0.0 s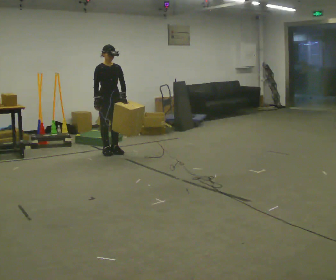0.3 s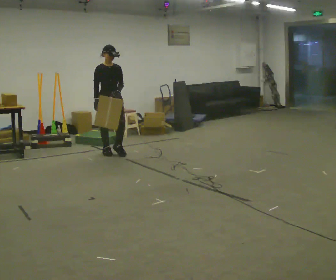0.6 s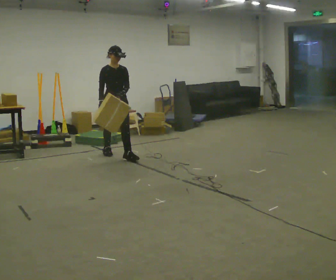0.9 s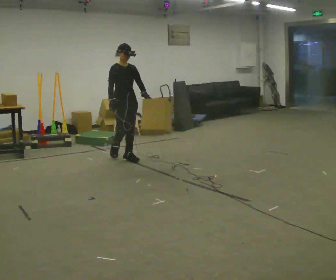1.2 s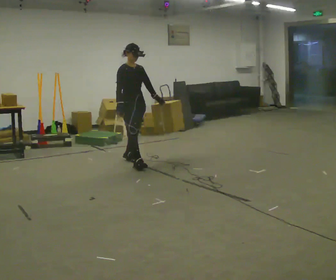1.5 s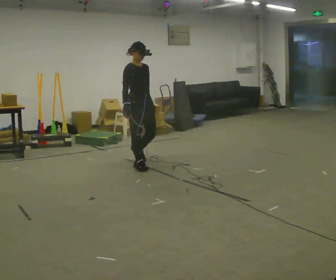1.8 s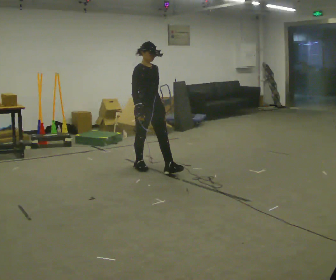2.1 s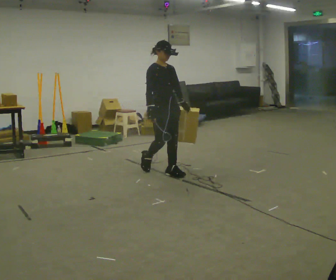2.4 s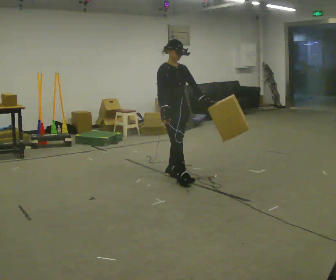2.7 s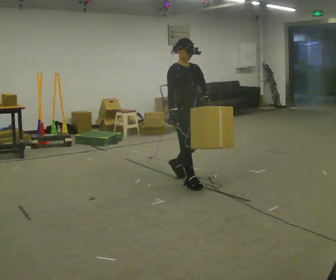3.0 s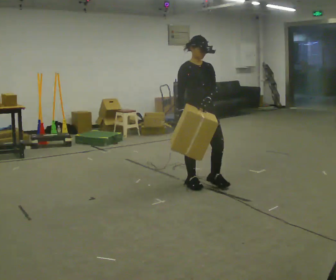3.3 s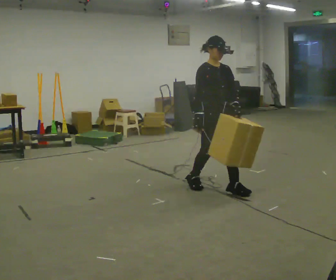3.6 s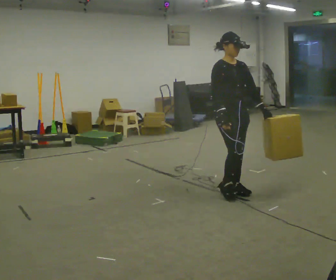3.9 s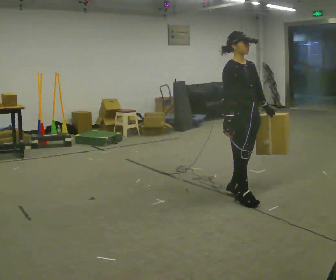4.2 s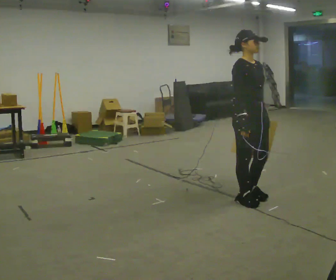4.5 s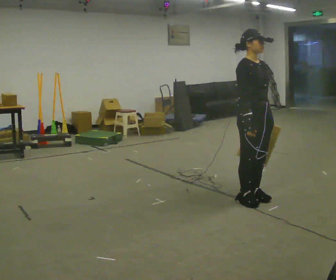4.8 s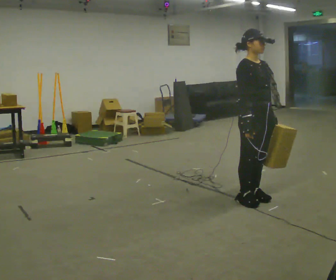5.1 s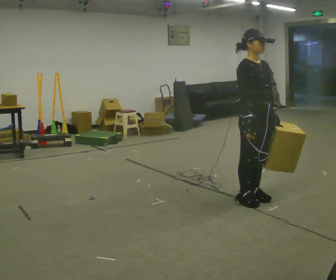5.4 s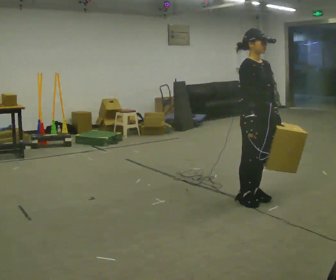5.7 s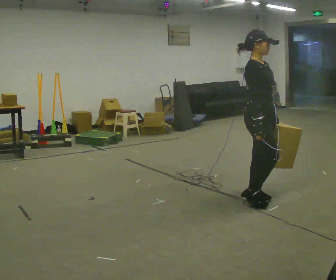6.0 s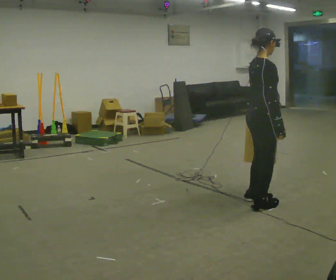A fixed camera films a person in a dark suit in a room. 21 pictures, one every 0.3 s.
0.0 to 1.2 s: In the picture they go toward the camera and to the right, about 0.5 m in 1 step, which for them is forward.
1.2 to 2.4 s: In the picture they go toward the camera and to the right, about 1 m in 2 steps, which for them is forward.
2.4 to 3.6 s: In the picture they go toward the camera and to the right, about 1 m in 2 steps, which for them is forward.
3.6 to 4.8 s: In the picture they go toward the camera and to the right, about 0.25 m in 2 steps, which for them is forward.
4.8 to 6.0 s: Seen from above the body turns counterclockwise, about 60 degrees: to their left, with its near side sliding to the right.
The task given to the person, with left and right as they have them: Carry the object in the hand the operator calls, down at your side, walking back and forth across the room.
The film runs forward here.
